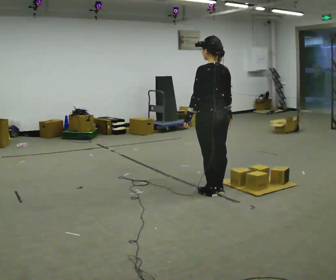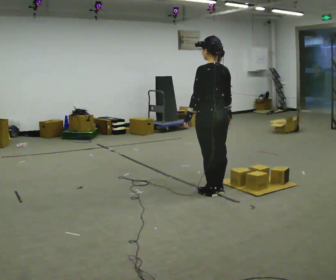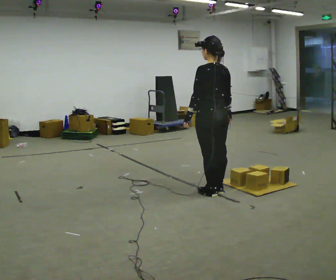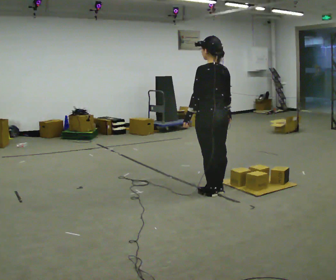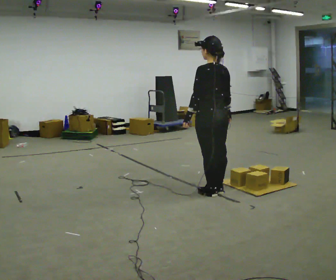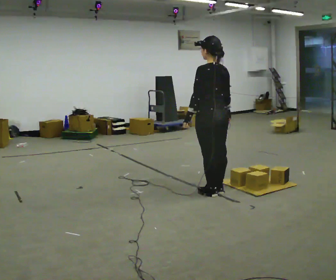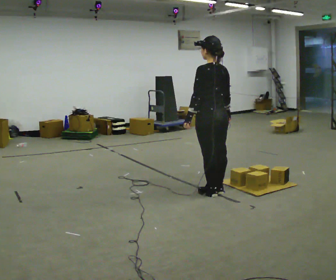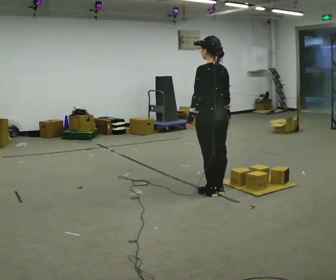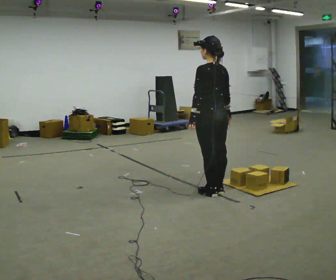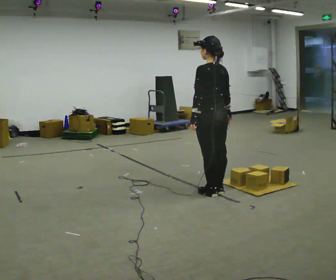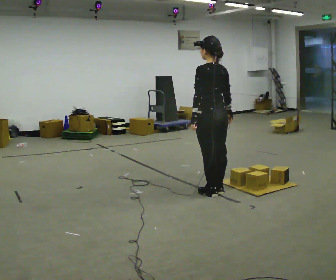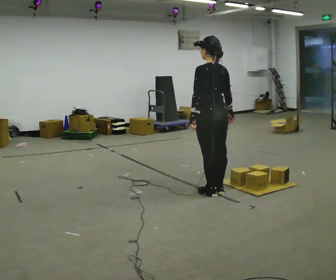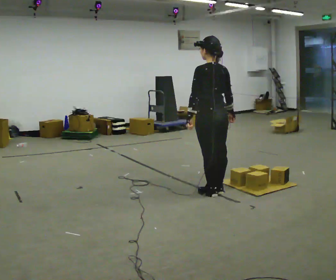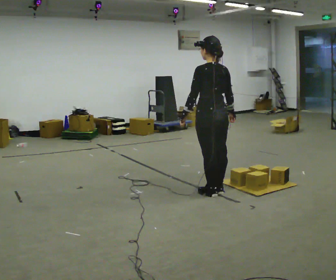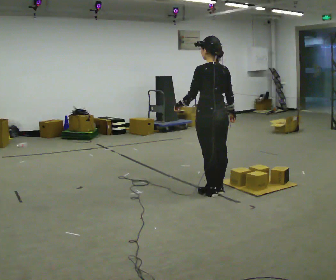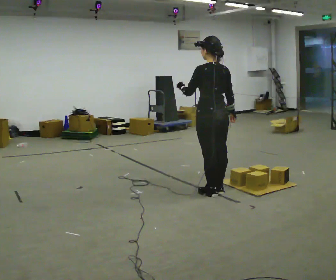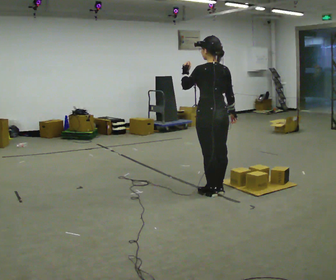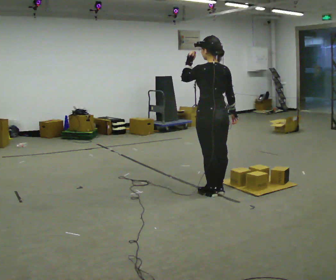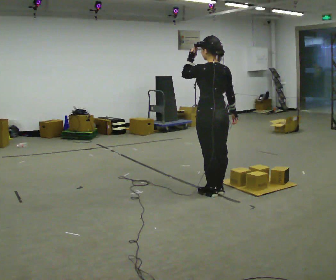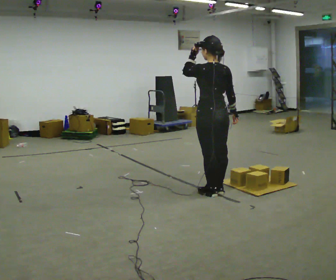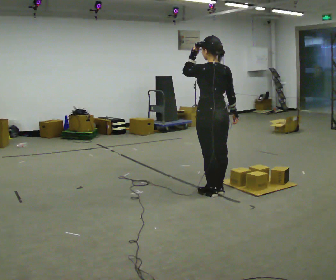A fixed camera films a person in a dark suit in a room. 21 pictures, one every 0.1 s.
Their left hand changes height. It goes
upward.
0.0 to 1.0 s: The person moves a little, or ends about where they began.
1.0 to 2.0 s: In the picture their left hand goes upward.
The film runs backward here.
